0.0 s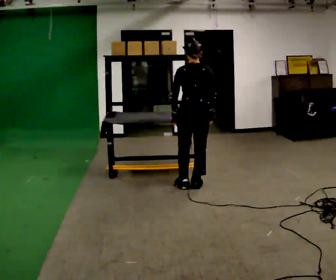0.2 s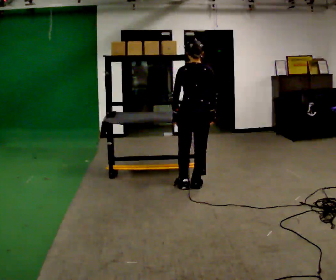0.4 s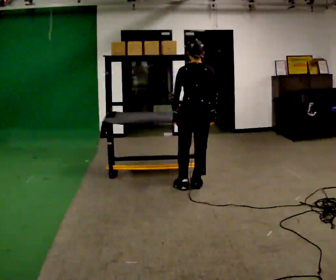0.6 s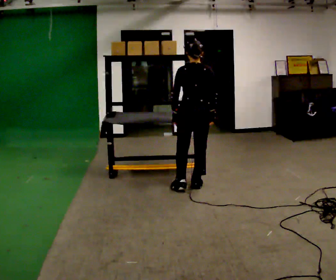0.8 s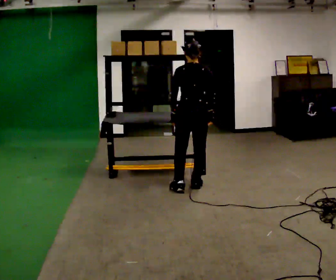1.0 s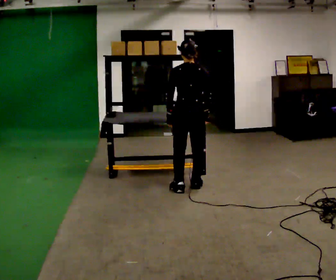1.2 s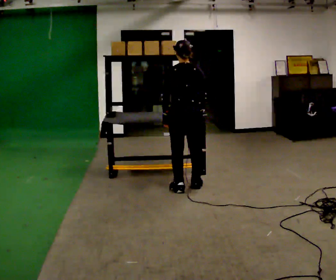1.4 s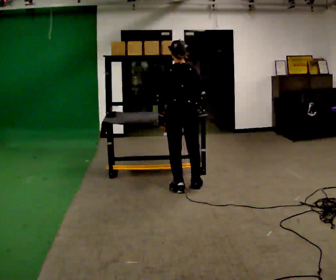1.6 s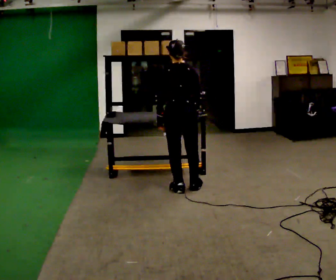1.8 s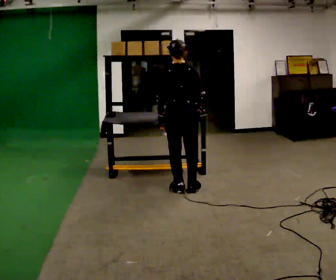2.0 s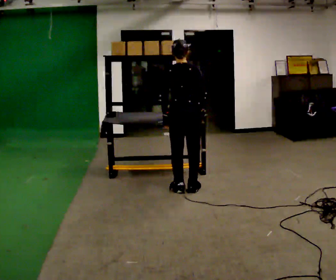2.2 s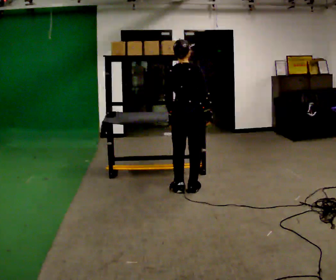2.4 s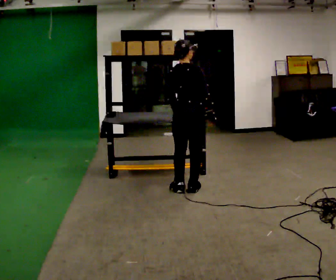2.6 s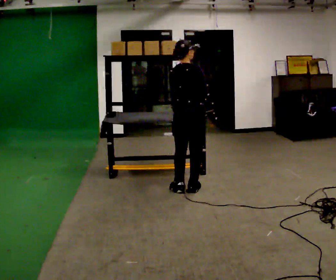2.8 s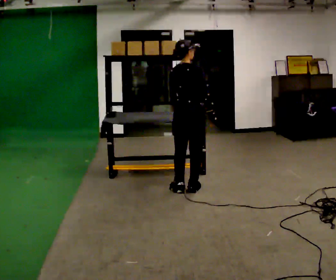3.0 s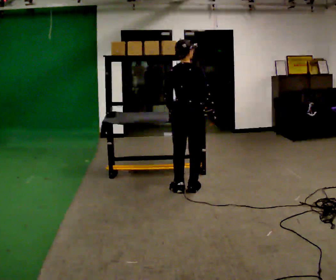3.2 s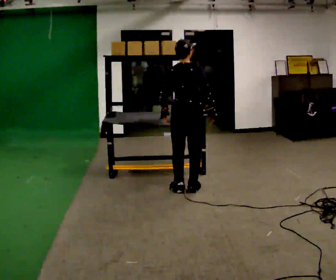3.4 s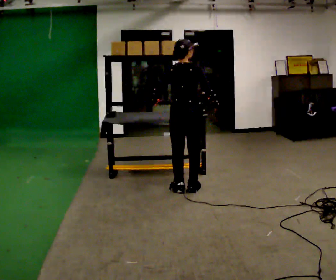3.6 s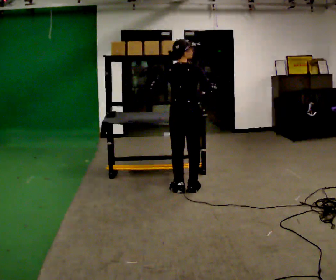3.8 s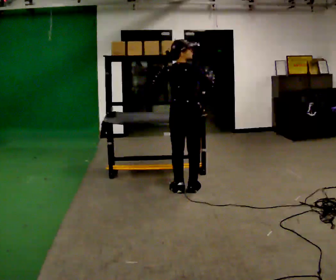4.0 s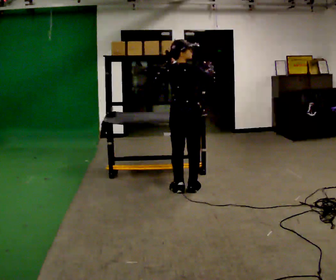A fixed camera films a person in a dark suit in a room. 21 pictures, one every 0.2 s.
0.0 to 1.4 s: The person moves a little, or ends about where they began.
1.4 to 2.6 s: The person turns about 45 degrees to their right, clockwise seen from above, so the part of the body nearest the lens slides to the left.
2.6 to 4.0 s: In the picture their left hand goes upward.
The film runs forward here.
